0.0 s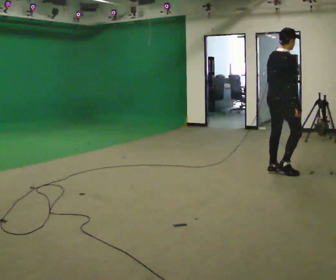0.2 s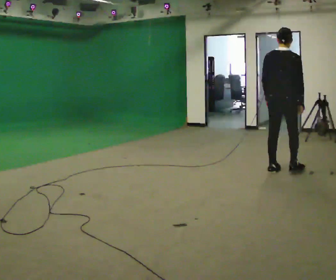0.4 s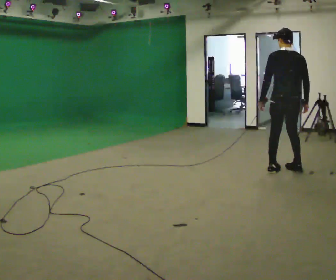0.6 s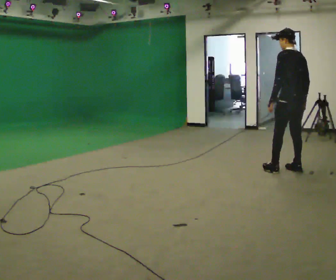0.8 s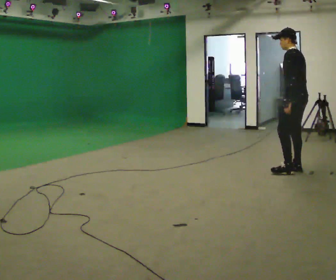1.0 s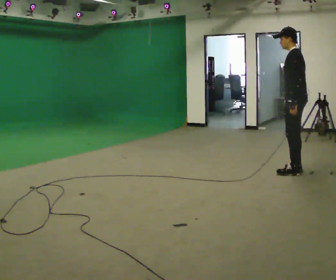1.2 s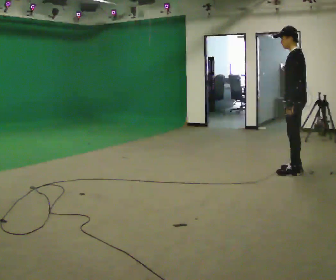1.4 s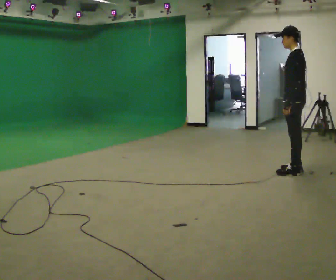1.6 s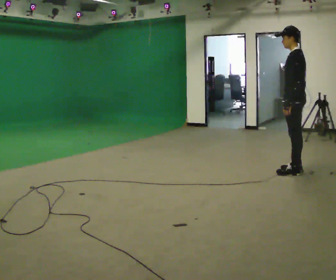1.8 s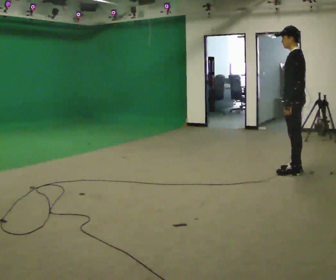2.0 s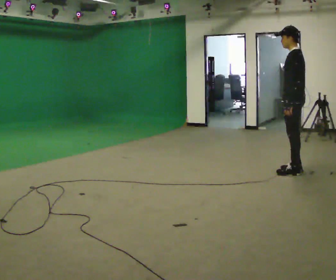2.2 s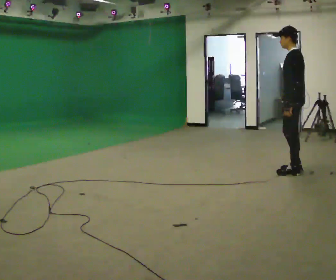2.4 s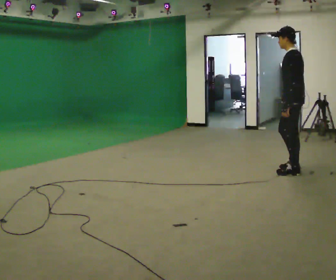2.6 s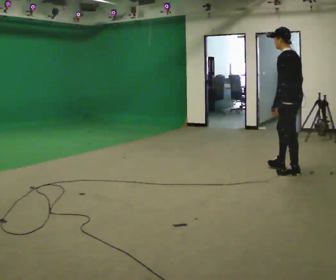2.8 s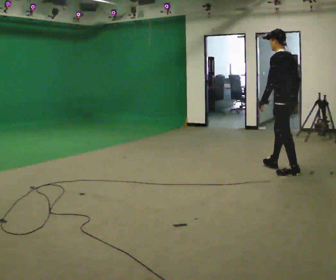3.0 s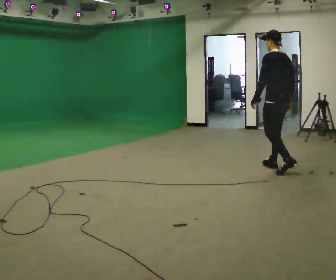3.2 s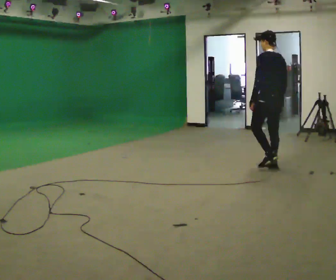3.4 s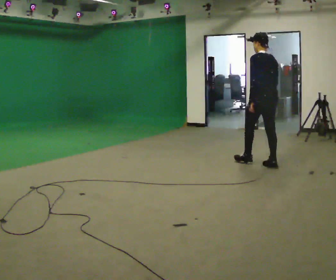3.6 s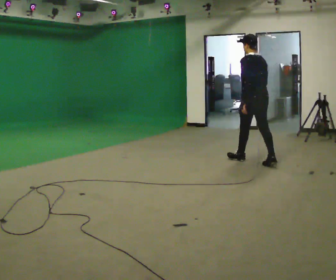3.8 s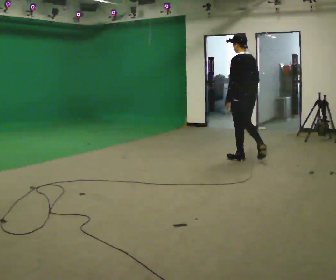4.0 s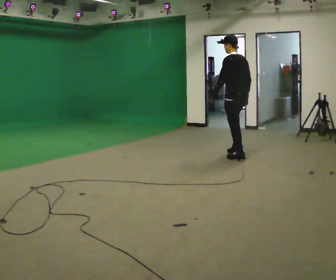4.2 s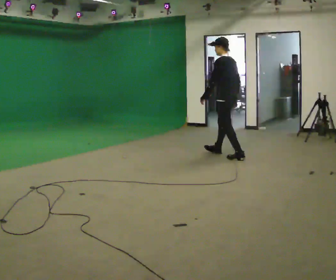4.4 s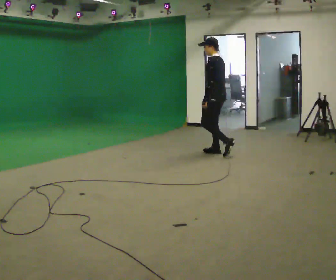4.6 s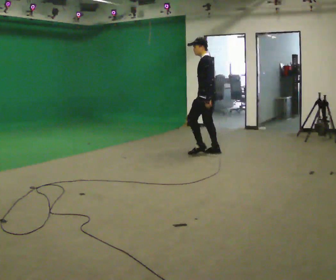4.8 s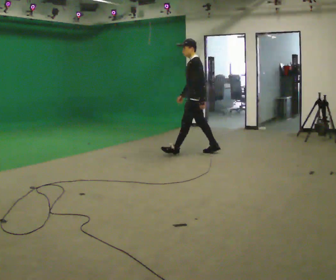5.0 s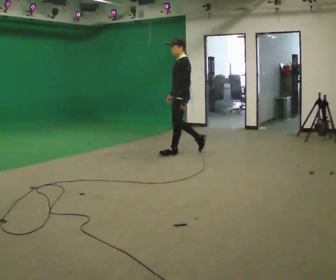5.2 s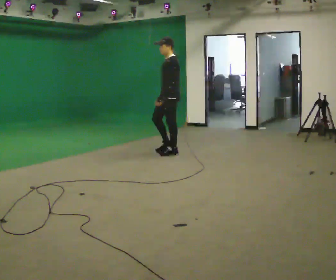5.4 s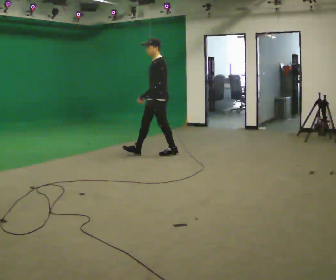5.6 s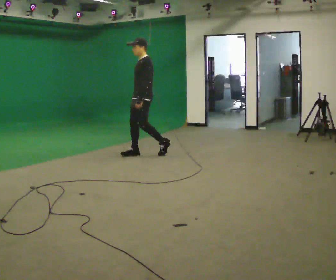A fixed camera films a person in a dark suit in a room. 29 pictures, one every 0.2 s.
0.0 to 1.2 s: The person turns about 135 degrees to their left, counterclockwise seen from above, so the part of the body nearest the lens slides to the right. In the picture they go to the right, about 0.25 m in 2 steps.
1.2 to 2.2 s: The person moves a little, or ends about where they began.
2.2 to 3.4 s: Seen from above the body turns clockwise, about 45 degrees: to their right, with its near side sliding to the left. In the picture they go away from the camera and to the left, about 0.5 m in 1 step, which for them is forward.
3.4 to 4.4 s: Seen from above the body turns counterclockwise, about 45 degrees: to their left, with its near side sliding to the right. In the picture they go to the left and away from the camera, about 1 m in 2 steps, which for them is forward.
4.4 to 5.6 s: The person turns about 45 degrees to their left, counterclockwise seen from above, so the part of the body nearest the lens slides to the right. In the picture they go to the left, about 1 m in 2 steps, which for them is forward.
The film runs forward here.
